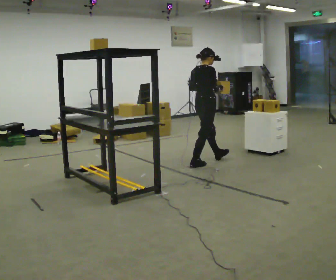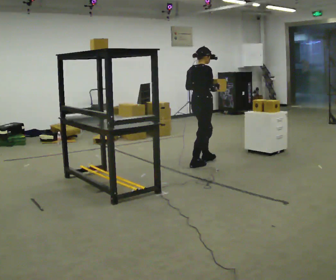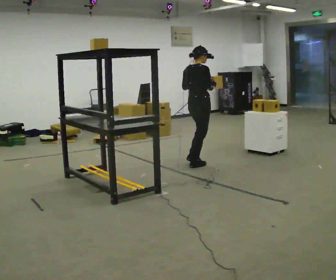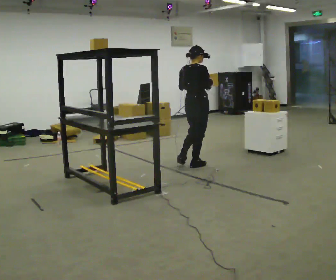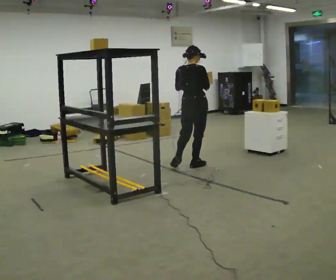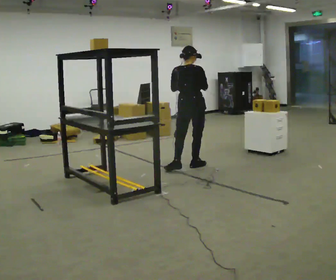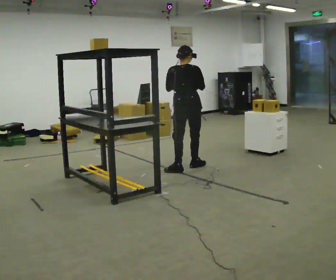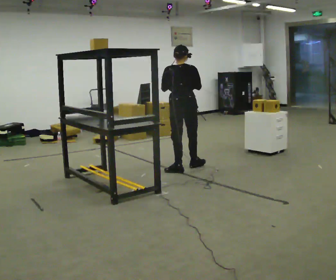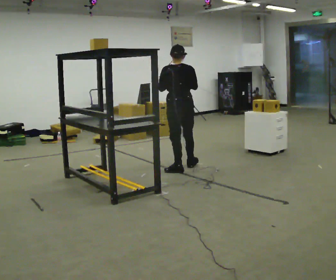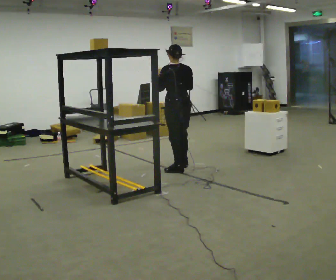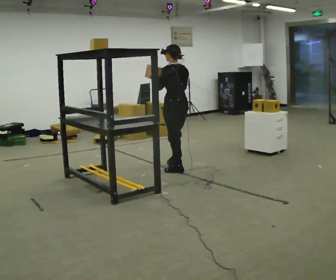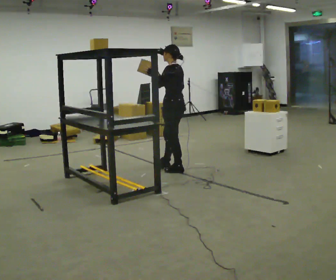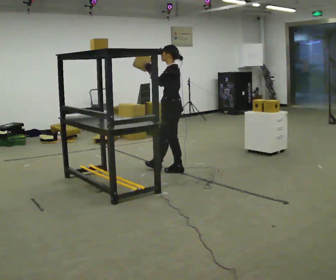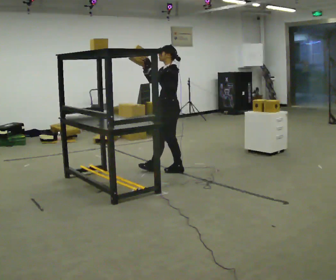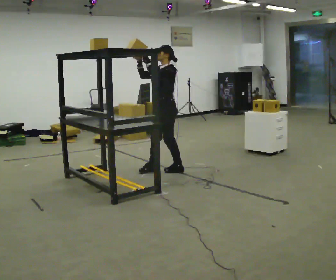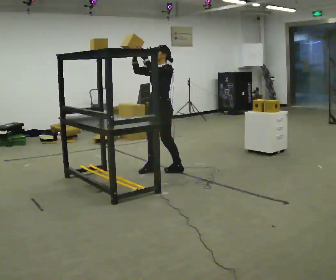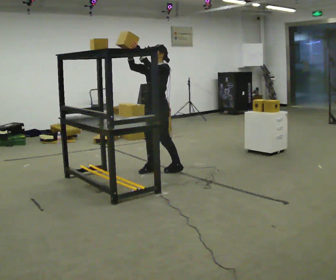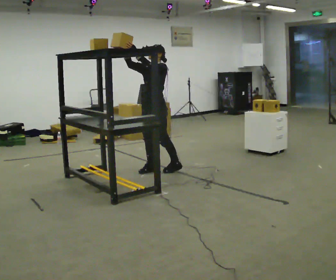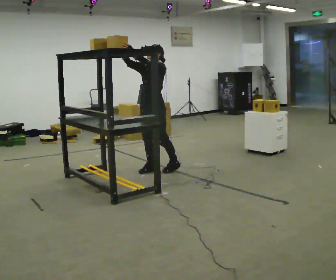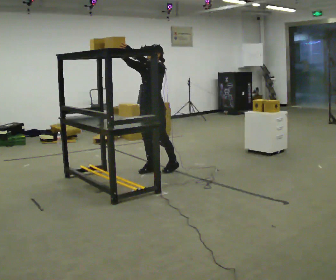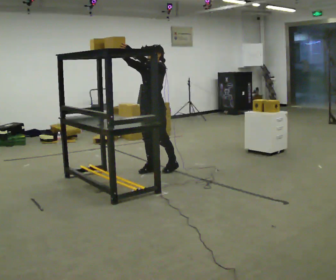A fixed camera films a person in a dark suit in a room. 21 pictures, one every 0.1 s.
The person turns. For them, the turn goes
to their left.
Their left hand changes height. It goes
upward.
0.0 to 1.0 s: The person turns about 105 degrees to their left, counterclockwise seen from above, so the part of the body nearest the lens slides to the right. In the picture they go toward the camera and to the left, about 0.5 m in 1 step.
1.0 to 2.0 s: The person turns about 90 degrees to their left, counterclockwise seen from above, so the part of the body nearest the lens slides to the right. In the picture they go to the left, about 0.25 m. In the picture their right hand goes upward.
The film runs backward here.
